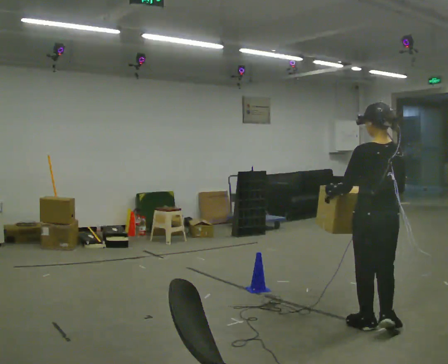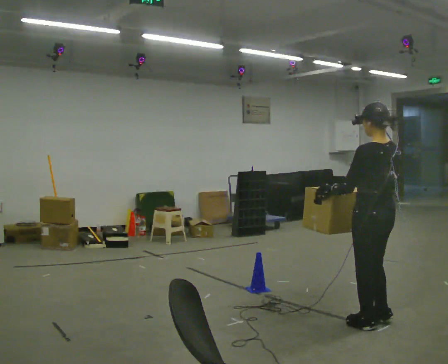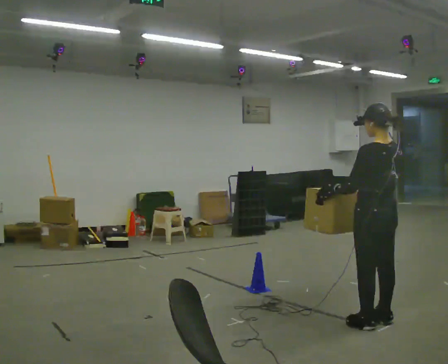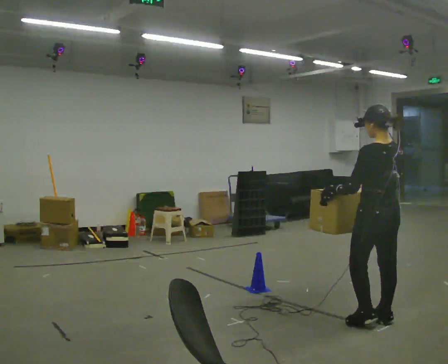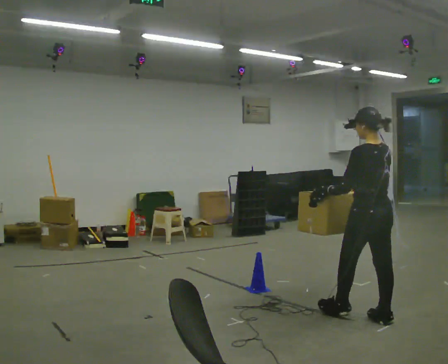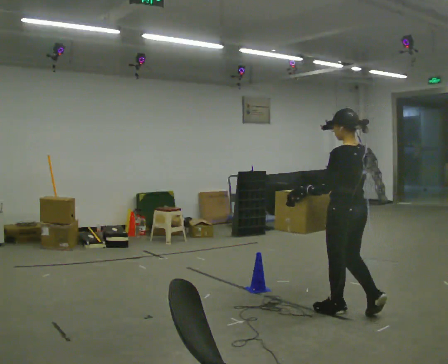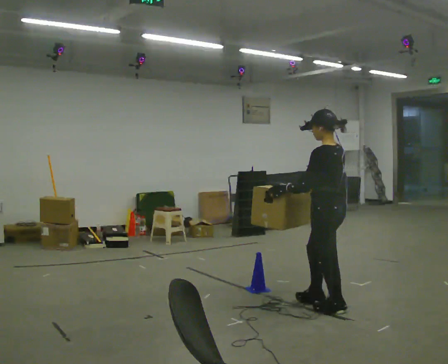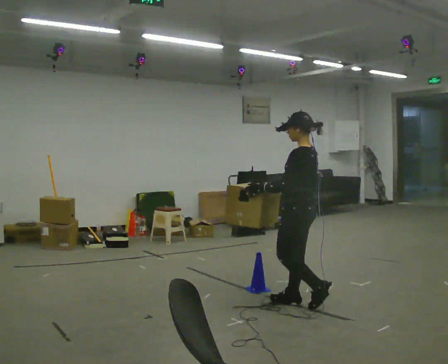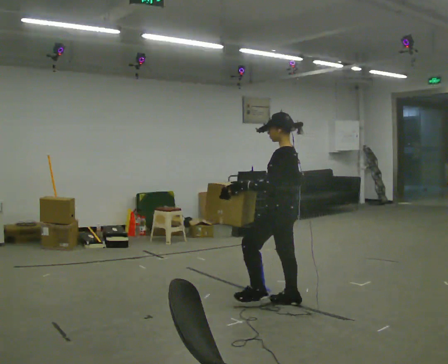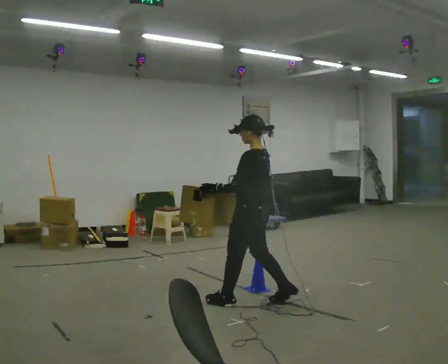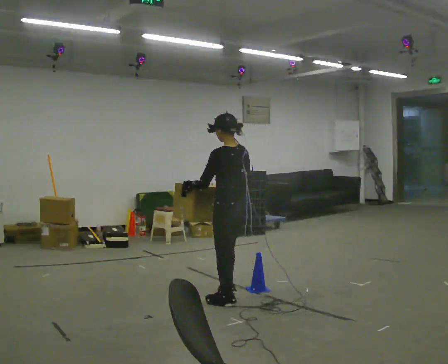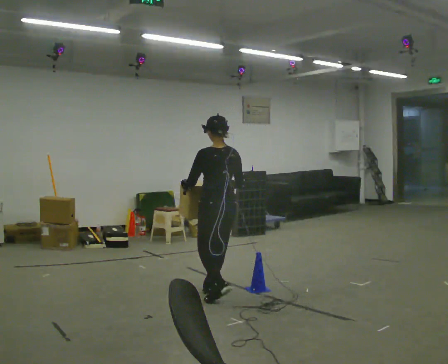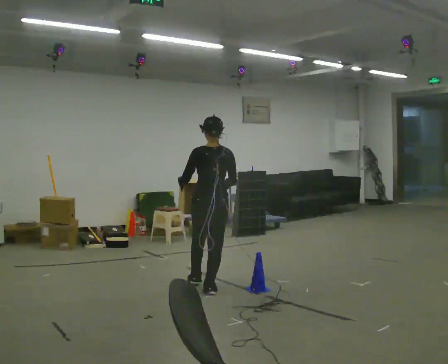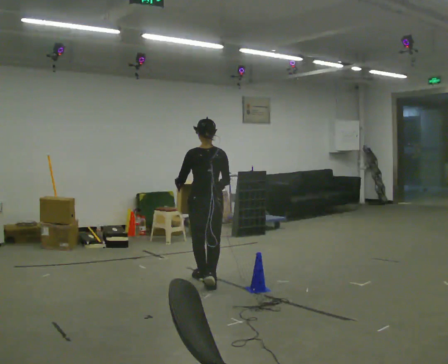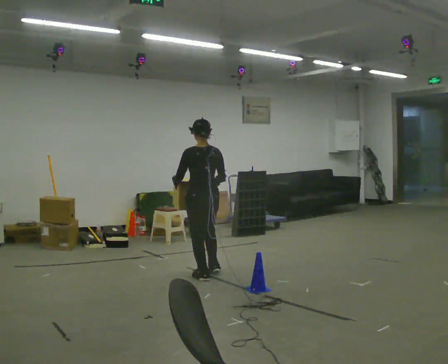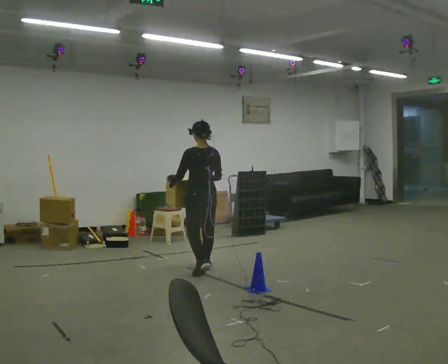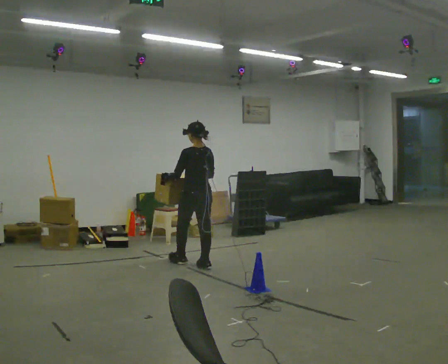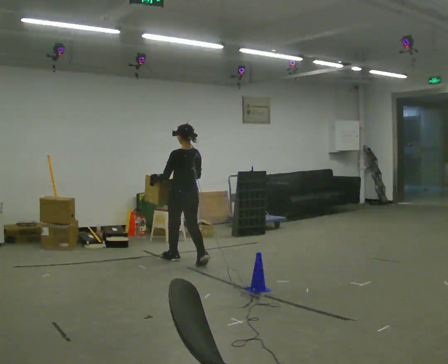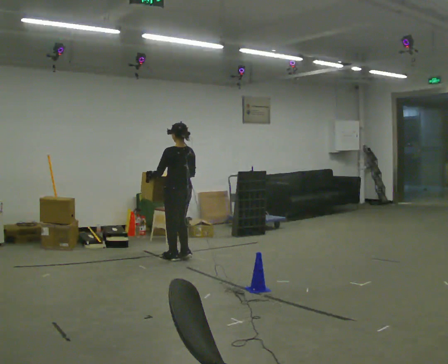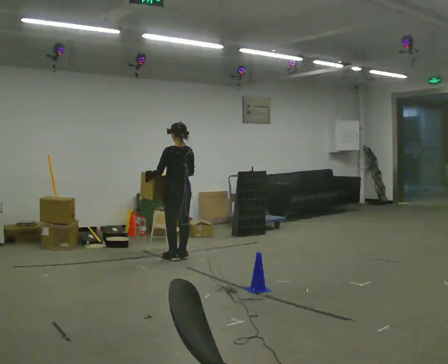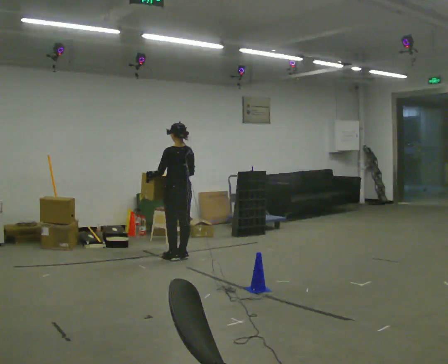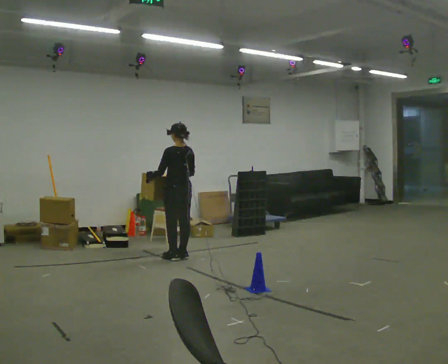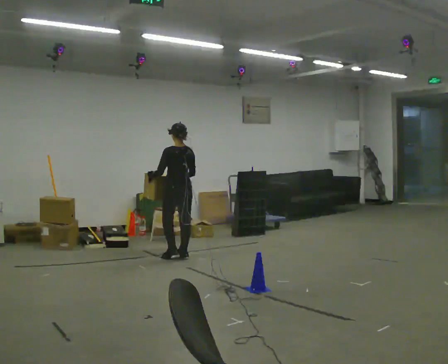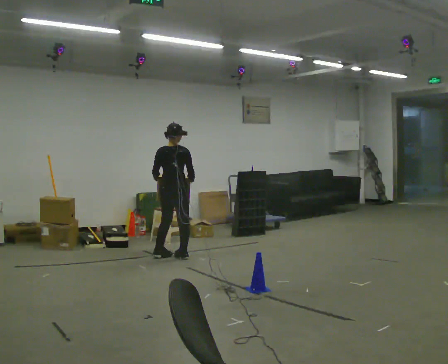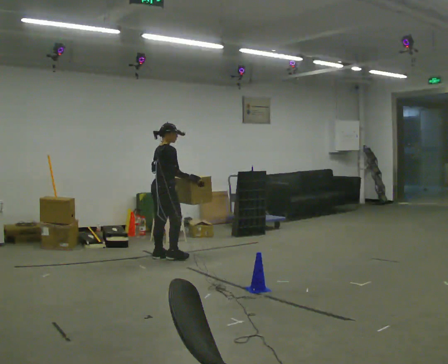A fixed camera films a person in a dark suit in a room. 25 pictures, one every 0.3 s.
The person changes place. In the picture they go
away from the camera.
0.0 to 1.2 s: In the picture they go away from the camera, about 0.25 m in 1 step, which for them is forward and to their right.
1.2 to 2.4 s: The part of the body nearest the lens slides to the right as the person turns to their left by about 45 degrees. In the picture they go to the left and away from the camera, about 1 m in 2 steps, which for them is forward.
2.4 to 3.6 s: The part of the body nearest the lens slides to the left as the person turns to their right by about 60 degrees. In the picture they go to the left and away from the camera, about 1 m in 2 steps.
3.6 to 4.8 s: The person turns about 30 degrees to their left, counterclockwise seen from above, so the part of the body nearest the lens slides to the right. In the picture they go away from the camera, about 1 m in 2 steps, which for them is forward.
4.8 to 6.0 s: In the picture they go away from the camera and to the left, about 0.5 m in 2 steps, which for them is forward.
6.0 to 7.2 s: Seen from above the body turns clockwise, about 90 degrees: to their right, with its near side sliding to the left. In the picture they go to the left, about 0.25 m in 1 step.
The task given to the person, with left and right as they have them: Carry the box across the room. The operator will step into your path partway across, so go around them and carry on. Keep going until the operator says stop; one object at a time, and do not rush between trips.
The film runs forward here.
